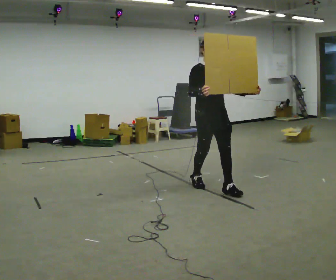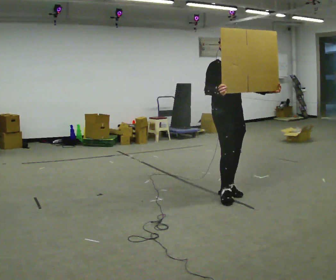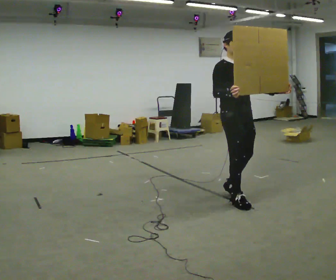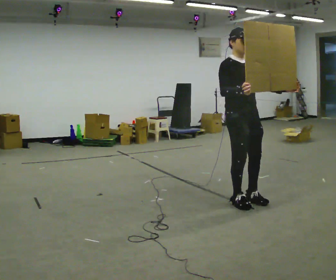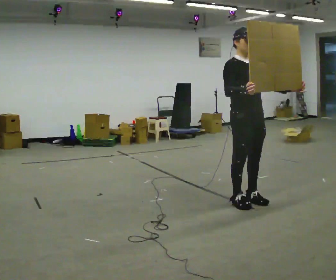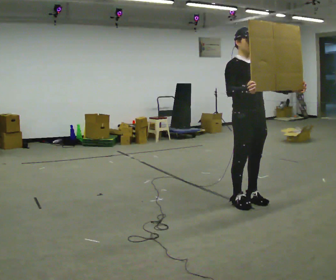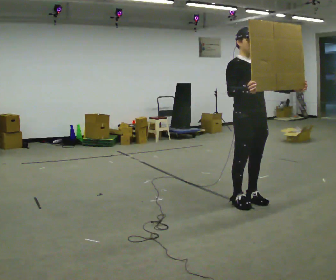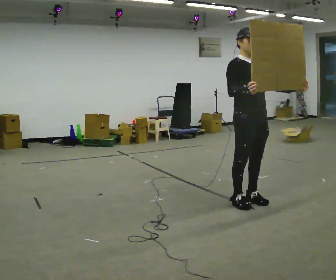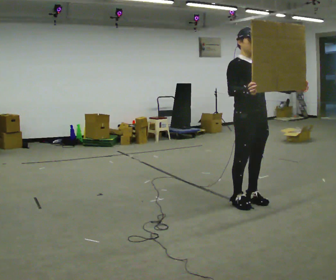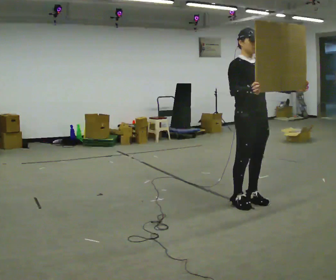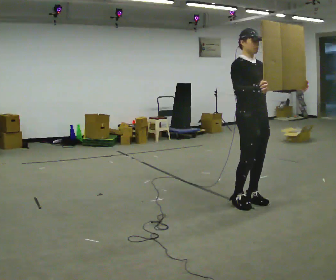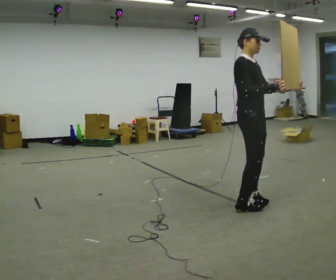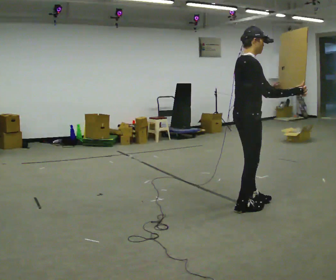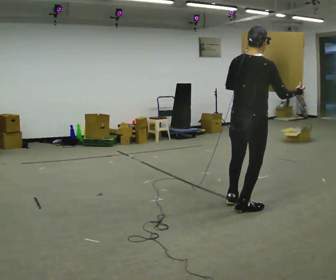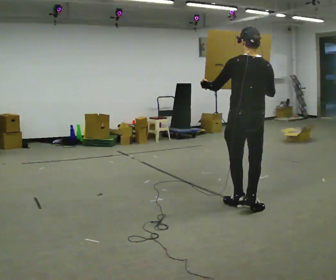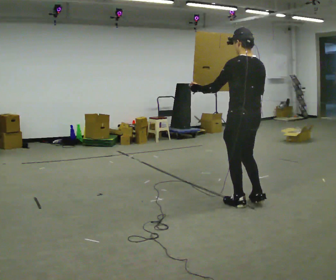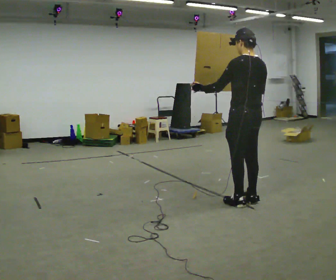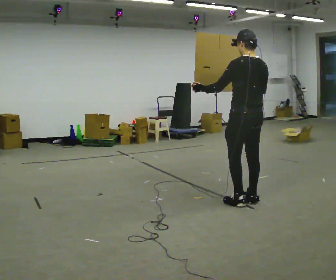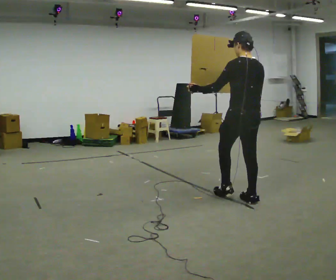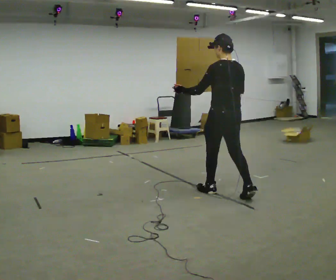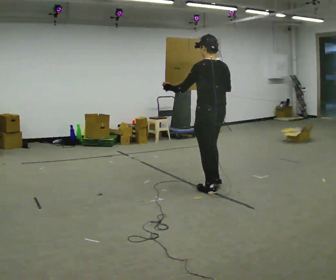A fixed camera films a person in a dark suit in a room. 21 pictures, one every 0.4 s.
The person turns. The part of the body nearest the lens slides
to the right.
The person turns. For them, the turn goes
to their left.
0.0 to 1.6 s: In the picture they go toward the camera and to the right, about 0.5 m in 2 steps, which for them is forward.
1.6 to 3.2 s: The person moves a little, or ends about where they began.
3.2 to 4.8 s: The person turns about 60 degrees to their left, counterclockwise seen from above, so the part of the body nearest the lens slides to the right. In the picture they go toward the camera, about 0.25 m in 1 step. In the picture their left hand goes to the left.
4.8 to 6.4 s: The part of the body nearest the lens slides to the right as the person turns to their left by about 120 degrees. In the picture they go away from the camera, about 0.25 m in 2 steps. In the picture their left hand goes to the left.
6.4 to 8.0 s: In the picture they go to the left and away from the camera, about 0.5 m in 1 step, which for them is forward.
The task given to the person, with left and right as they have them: Carry the large panel across the room. It will block your view ahead, so take whatever route feels safe. Keep going until the operator says stop; one object at a time, and do not rush between trips.
The film runs forward here.
